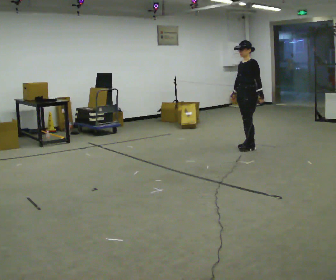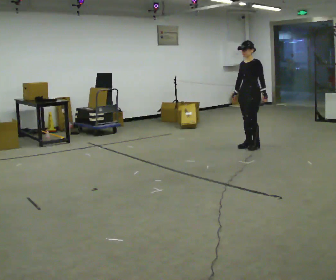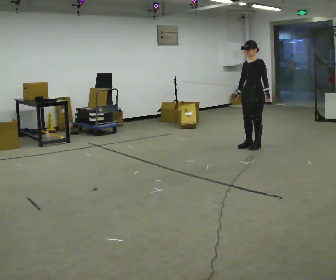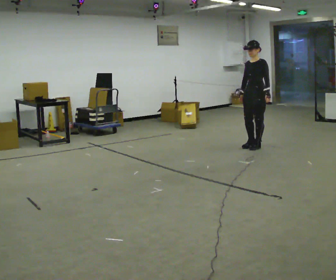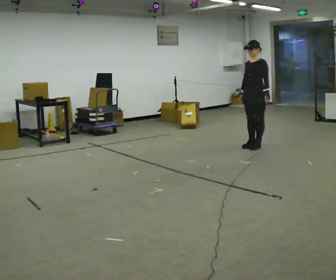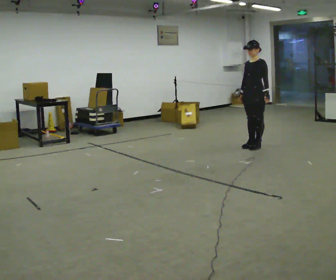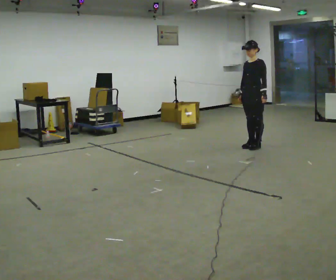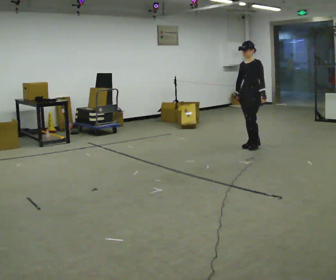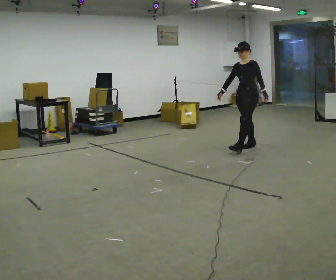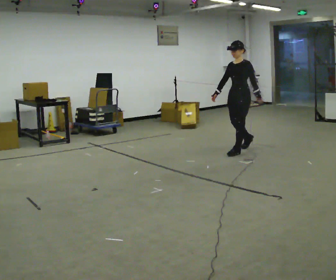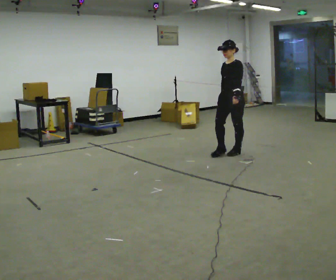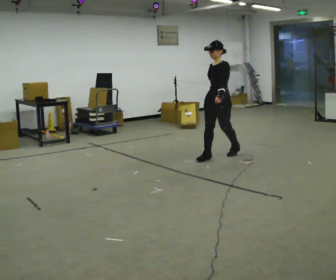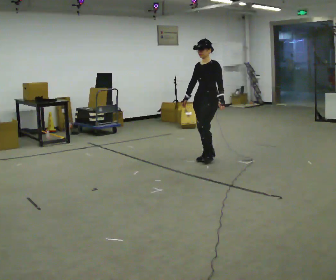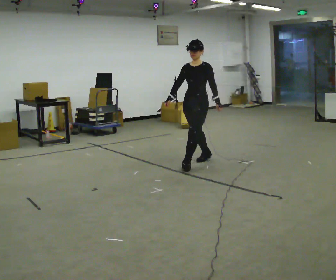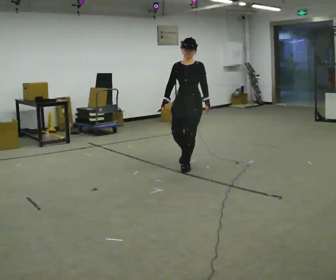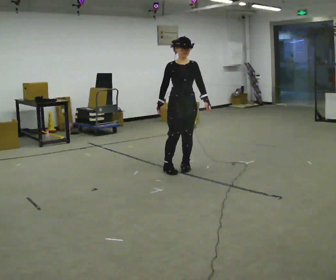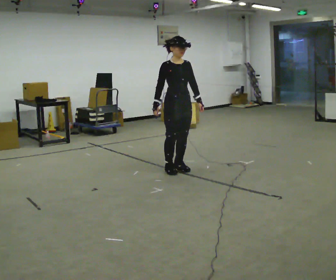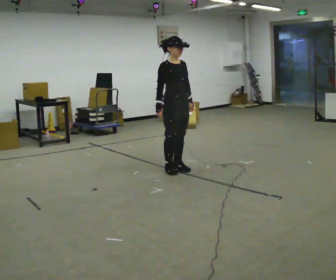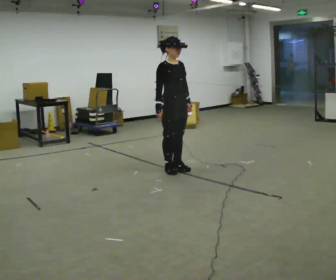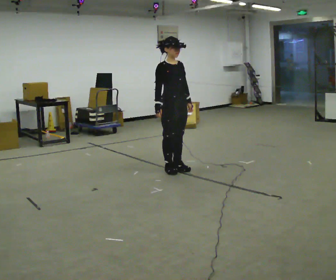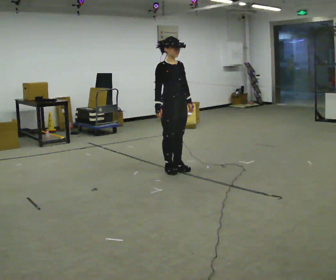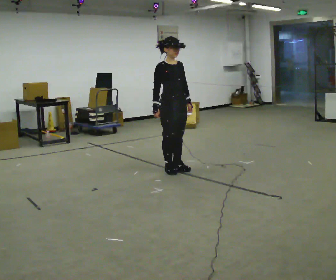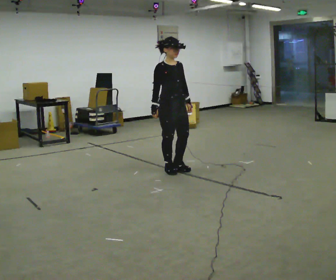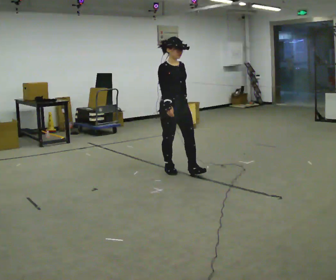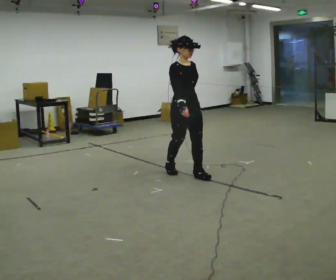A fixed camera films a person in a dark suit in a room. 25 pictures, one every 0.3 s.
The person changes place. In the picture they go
toward the camera.
0.0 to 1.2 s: The person moves a little, or ends about where they began.
1.2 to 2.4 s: In the picture their right hand goes to the left.
2.4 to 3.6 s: In the picture they go toward the camera and to the left, about 1 m in 2 steps, which for them is forward.
3.6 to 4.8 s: The person turns about 75 degrees to their left, counterclockwise seen from above, so the part of the body nearest the lens slides to the right. In the picture they go toward the camera and to the left, about 0.5 m in 2 steps.
4.8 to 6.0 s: The person moves a little, or ends about where they began.
6.0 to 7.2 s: In the picture they go toward the camera and to the right, about 0.25 m in 1 step, which for them is forward.
The film runs forward here.
